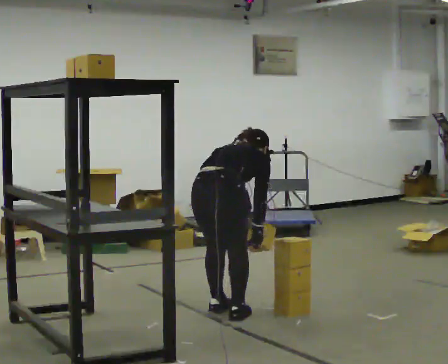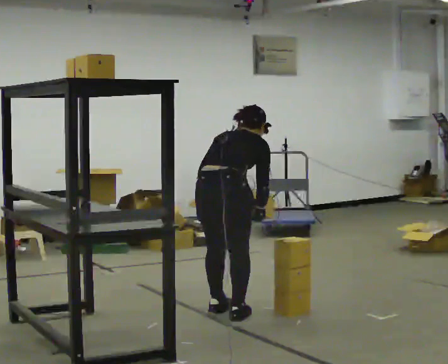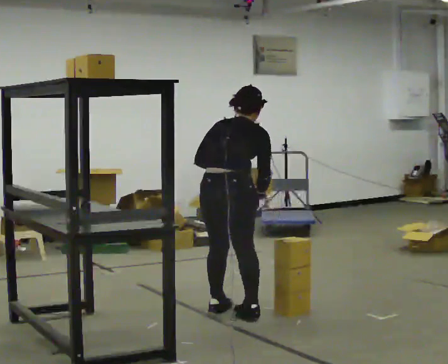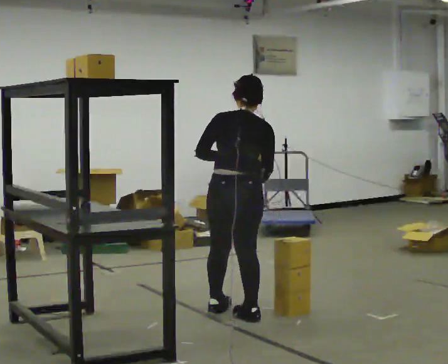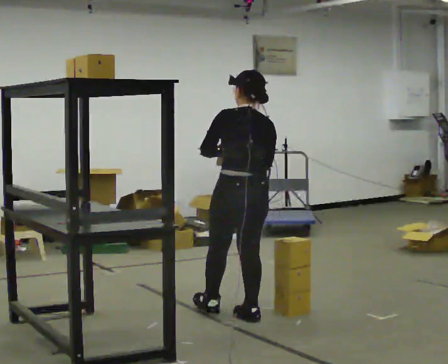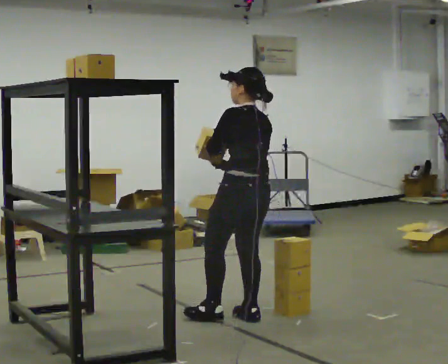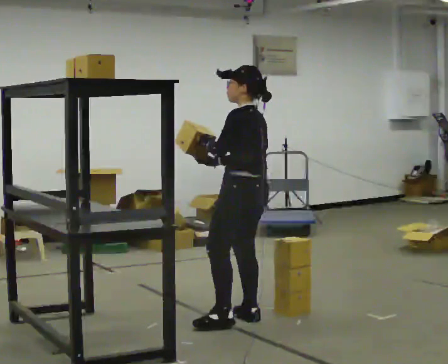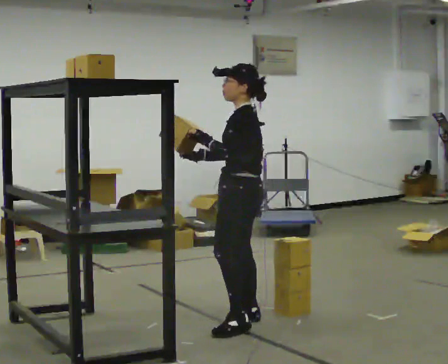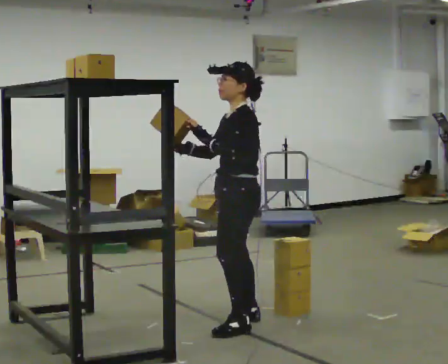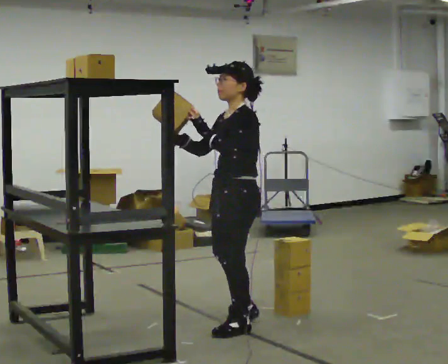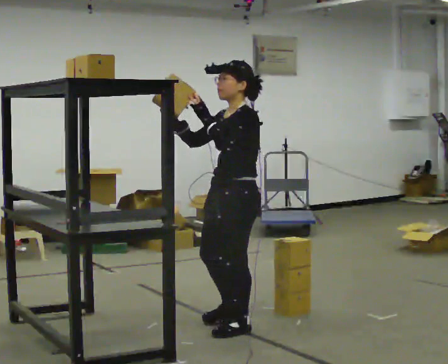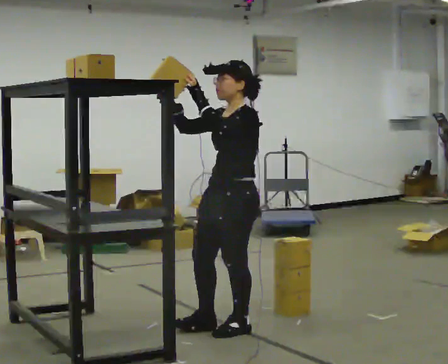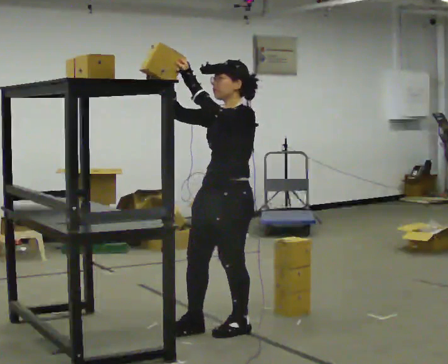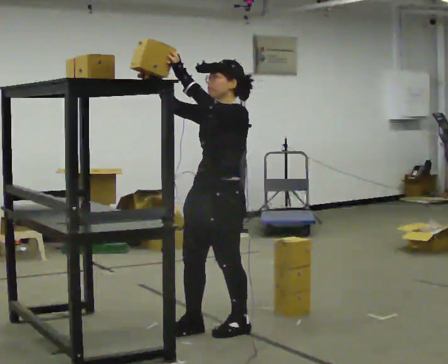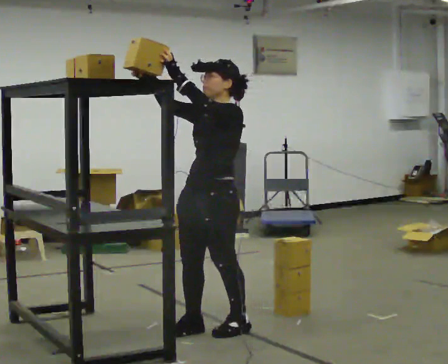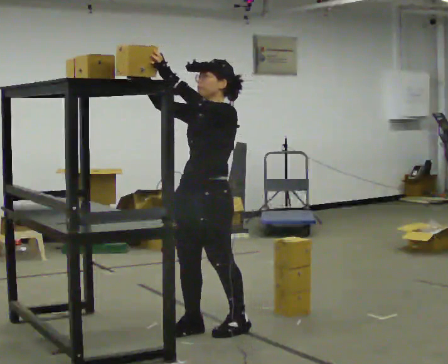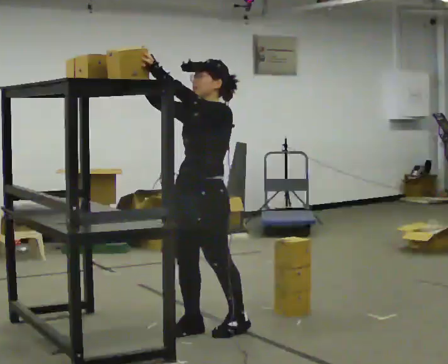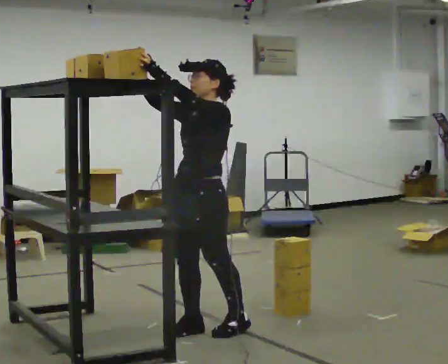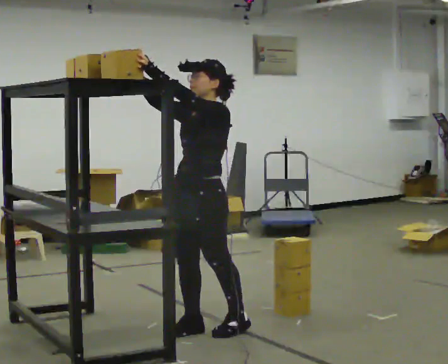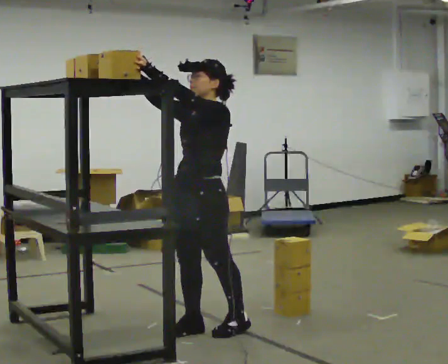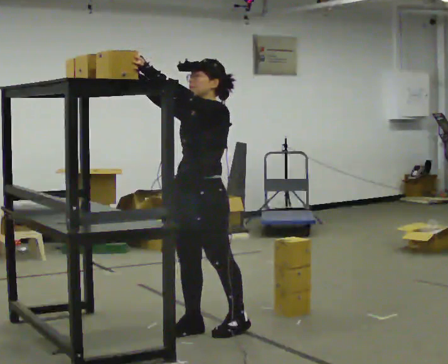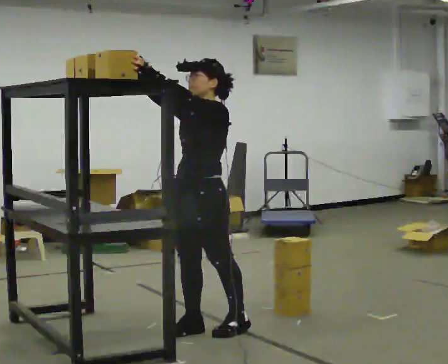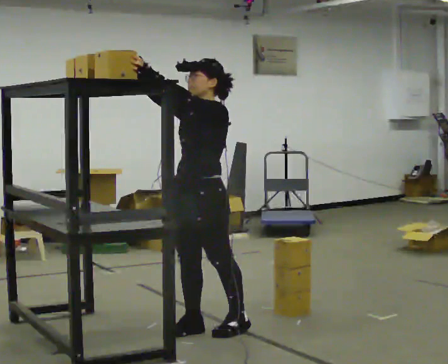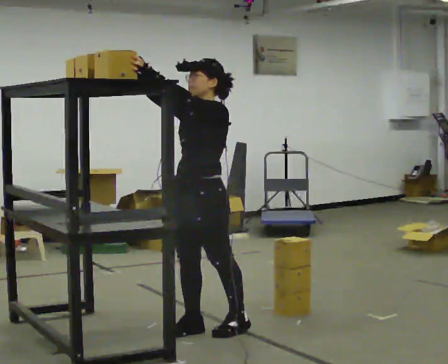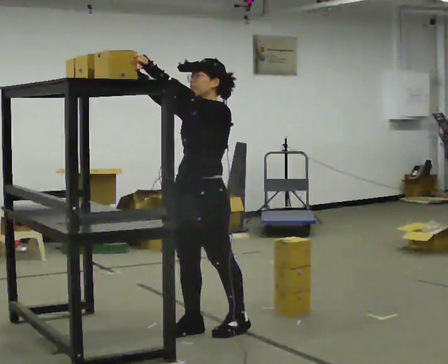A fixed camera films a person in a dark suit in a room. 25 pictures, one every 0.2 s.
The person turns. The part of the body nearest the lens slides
to the right.
The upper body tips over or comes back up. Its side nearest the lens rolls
downward.
0.0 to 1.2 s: The part of the body nearest the lens slides to the right as the person turns to their left by about 90 degrees. In the picture they go to the right, about 0.25 m. The upper body goes upward. The upper body tips toward the camera, its near side rolling downward, as they lean back or straighten. In the picture their right hand goes upward and to the left, the arm swinging clockwise.
1.2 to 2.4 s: The part of the body nearest the lens slides to the right as the person turns to their left by about 60 degrees. In the picture they go toward the camera, about 0.25 m in 2 steps, which for them is to their left and forward. In the picture their right hand goes upward, the arm swinging clockwise.
2.4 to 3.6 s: In the picture they go to the left, about 0.25 m, which for them is forward.
3.6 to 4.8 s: The person moves a little, or ends about where they began.
The film runs forward here.
